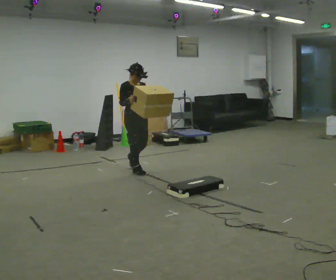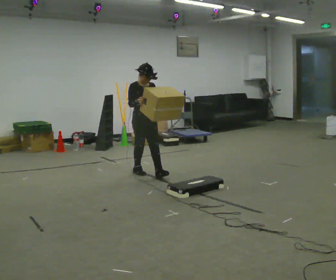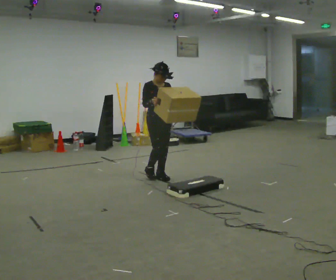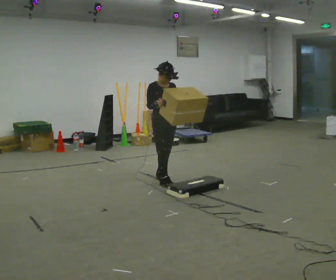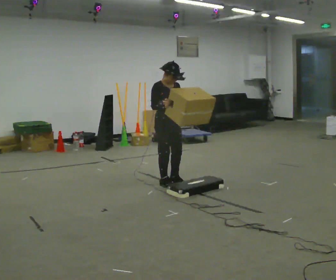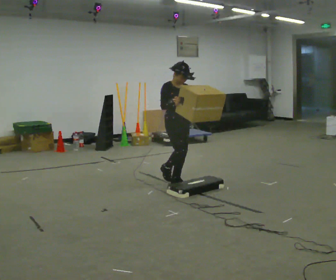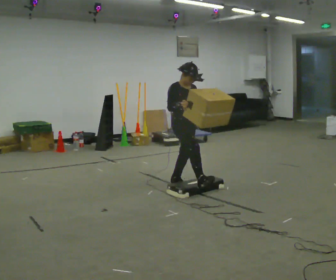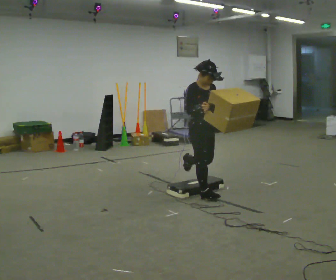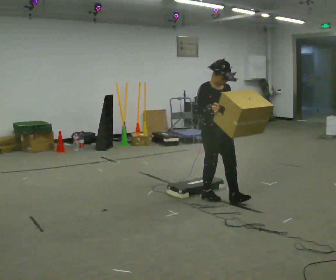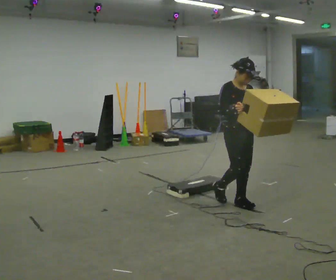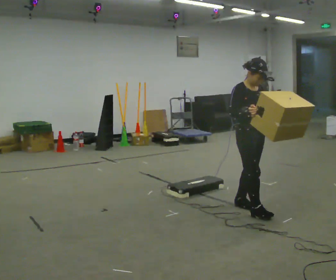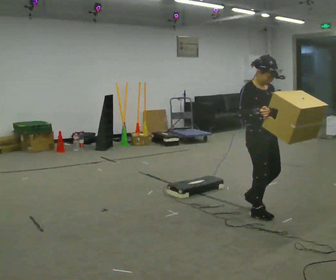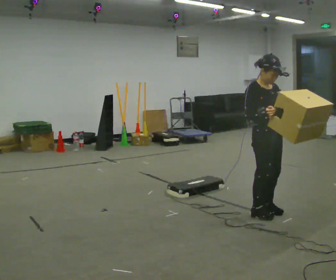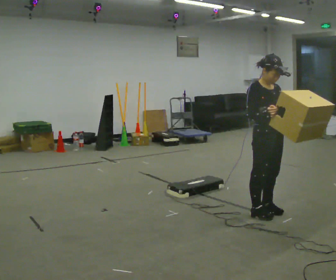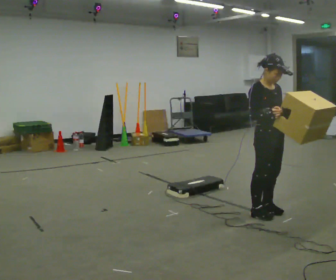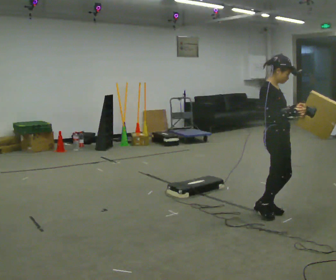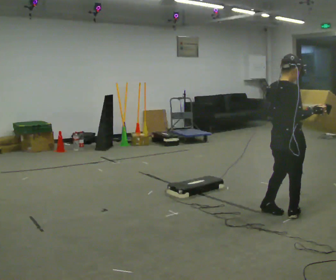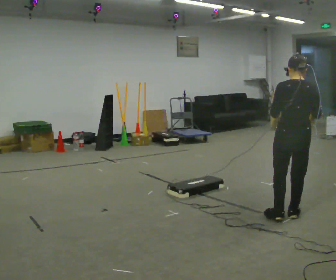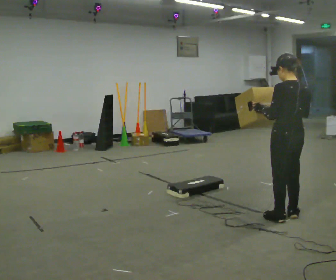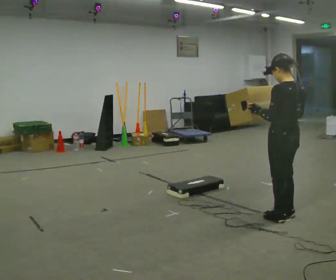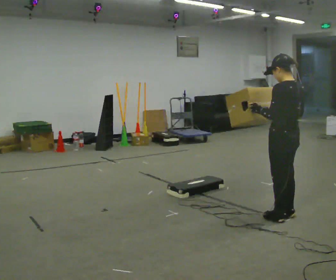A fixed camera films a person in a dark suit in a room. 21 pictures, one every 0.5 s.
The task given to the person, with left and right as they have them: Carry the box over the low sill without stopping, then bring it back over. Keep going until the operator says stop; one object at a time, and do not rush between trips.
0.0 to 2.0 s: In the picture they go to the right and toward the camera, about 0.5 m in 3 steps, which for them is forward.
2.0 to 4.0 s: In the picture they go to the right and toward the camera, about 1 m in 1 step, which for them is forward.
4.0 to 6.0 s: In the picture they go to the right and toward the camera, about 0.75 m in 3 steps, which for them is forward.
6.0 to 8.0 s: Seen from above the body turns counterclockwise, about 75 degrees: to their left, with its near side sliding to the right. In the picture they go to the right, about 0.25 m in 1 step. In the picture their right hand goes to the right.
8.0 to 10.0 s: The person turns about 90 degrees to their left, counterclockwise seen from above, so the part of the body nearest the lens slides to the right.
The film runs forward here.
